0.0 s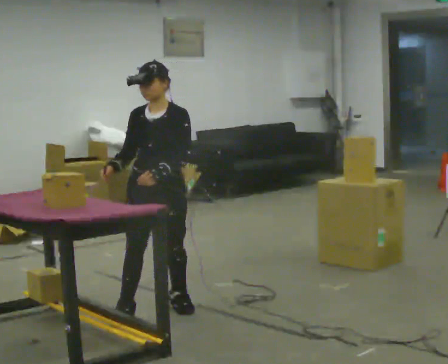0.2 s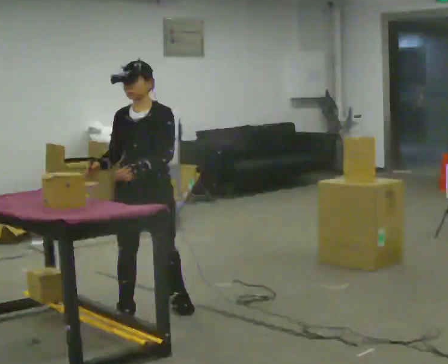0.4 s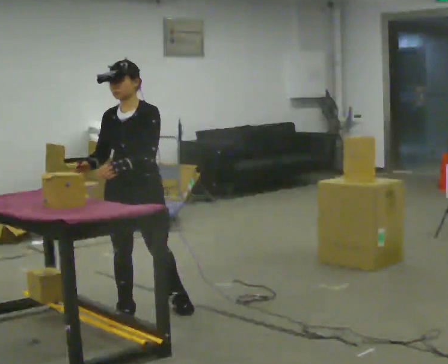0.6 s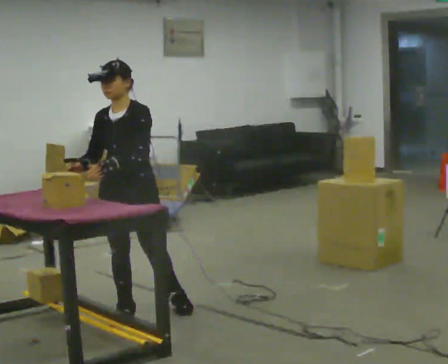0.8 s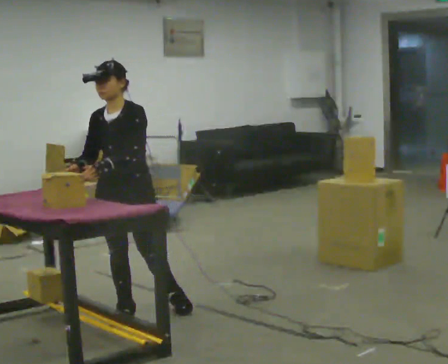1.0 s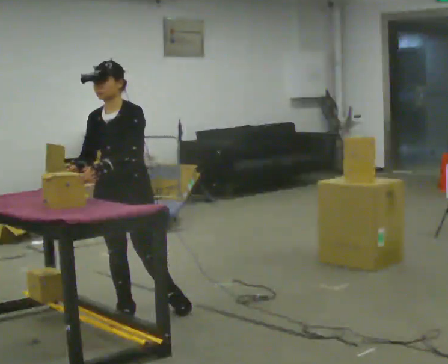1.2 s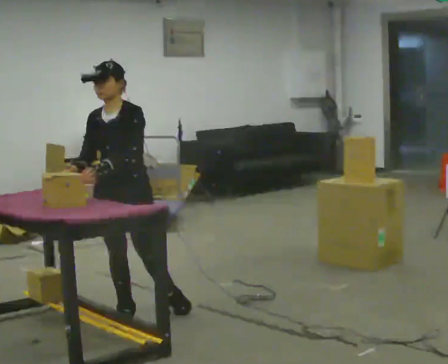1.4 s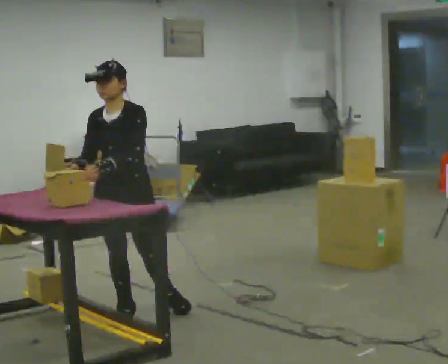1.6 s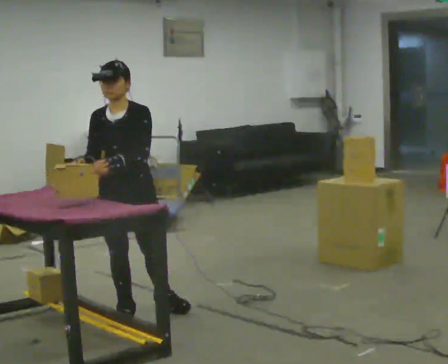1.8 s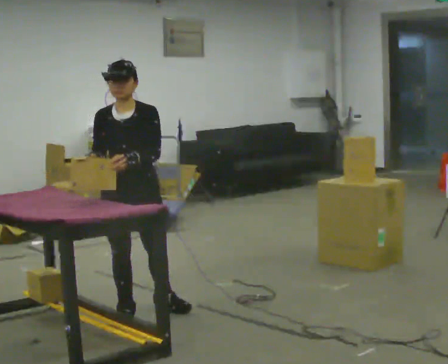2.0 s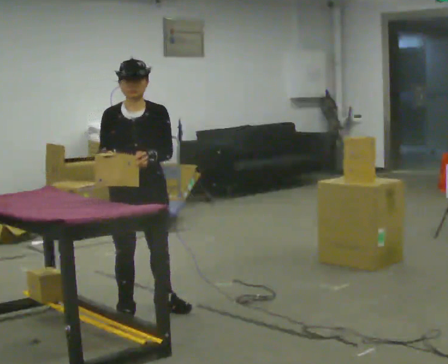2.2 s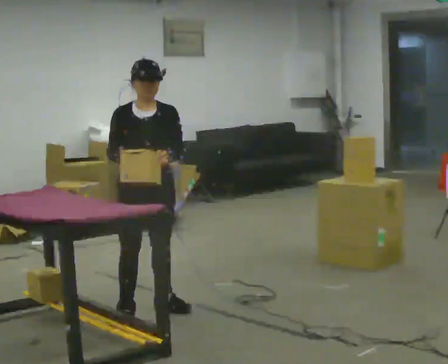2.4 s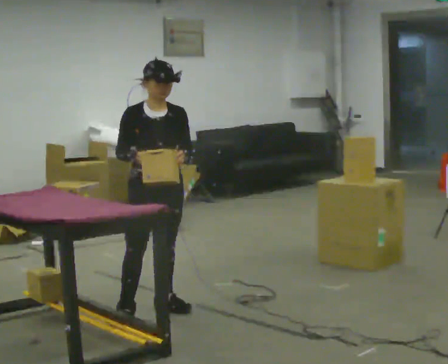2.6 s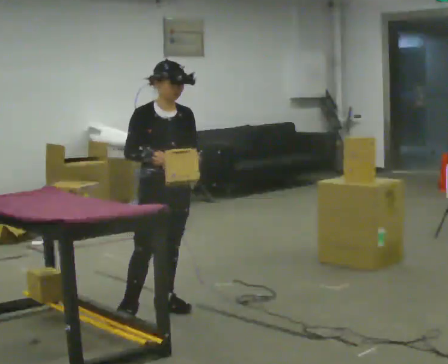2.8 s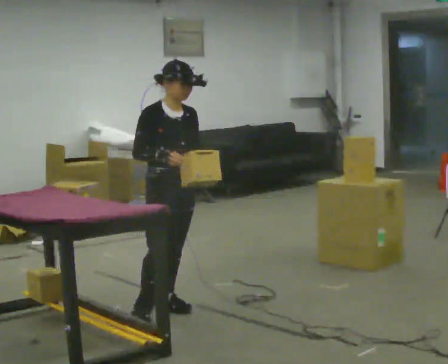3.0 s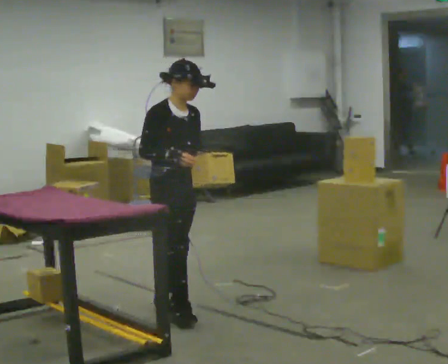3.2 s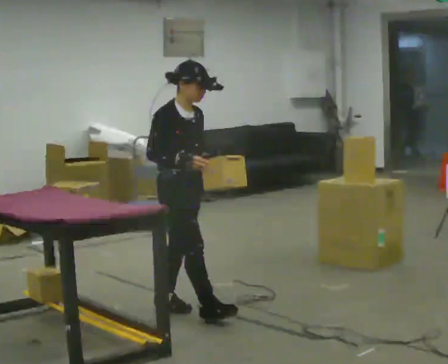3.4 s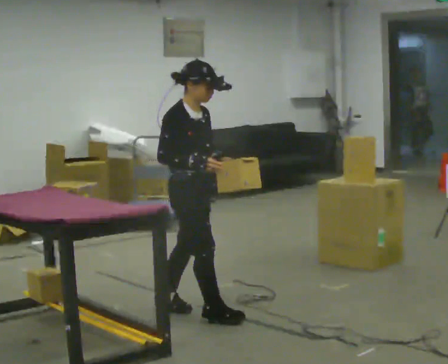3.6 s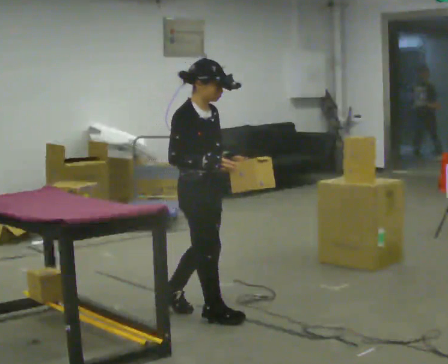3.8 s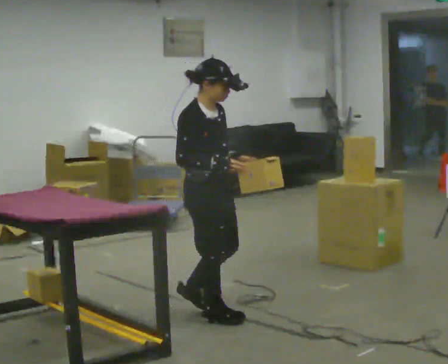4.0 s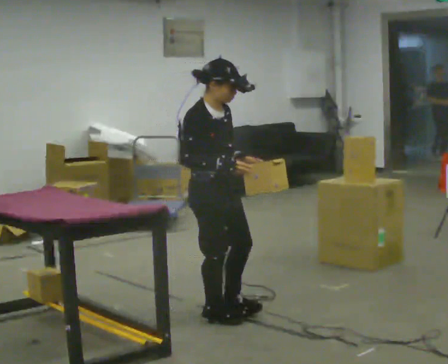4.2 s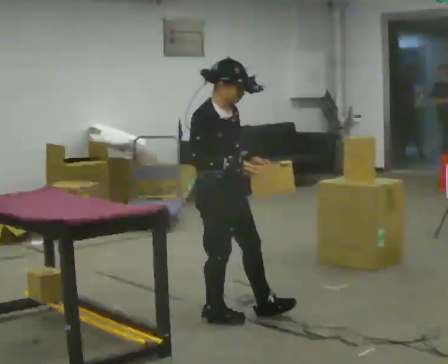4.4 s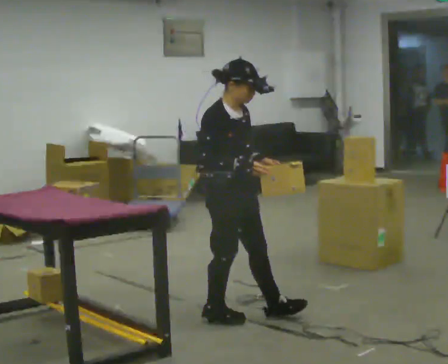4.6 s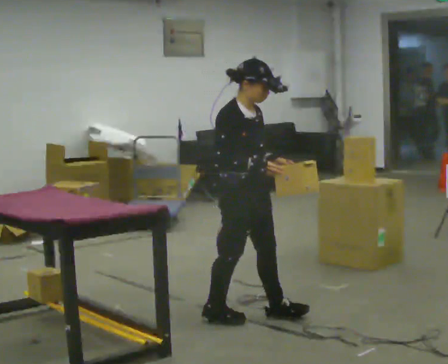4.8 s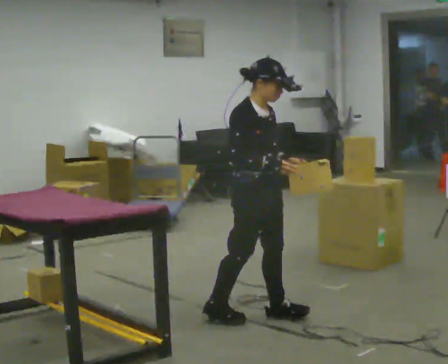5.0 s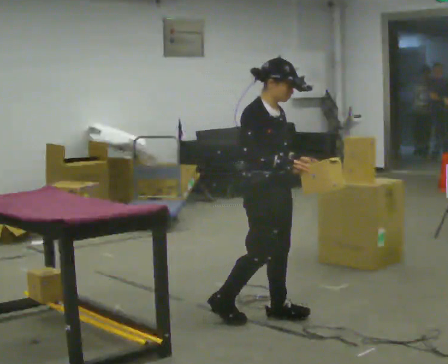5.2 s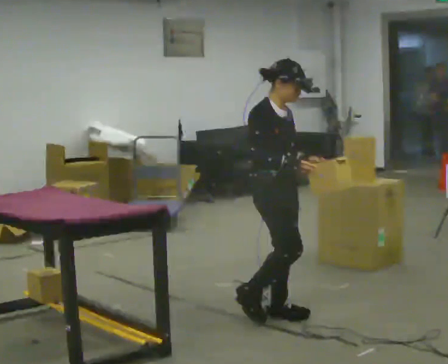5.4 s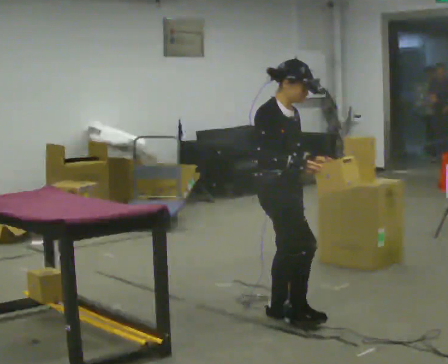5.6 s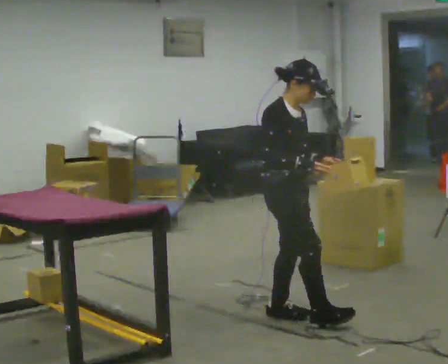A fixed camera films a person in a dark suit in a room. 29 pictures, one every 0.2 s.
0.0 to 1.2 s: In the picture they go to the left, about 0.25 m, which for them is forward and to their right.
1.2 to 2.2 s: The part of the body nearest the lens slides to the right as the person turns to their left by about 30 degrees. In the picture their left hand goes to the right.
2.2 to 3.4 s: The part of the body nearest the lens slides to the right as the person turns to their left by about 45 degrees. In the picture they go to the right, about 0.25 m in 1 step, which for them is forward and to their left.
3.4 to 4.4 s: In the picture they go to the right, about 0.25 m in 1 step, which for them is forward.
4.4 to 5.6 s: In the picture they go to the right, about 0.25 m in 1 step, which for them is forward.
The film runs forward here.
